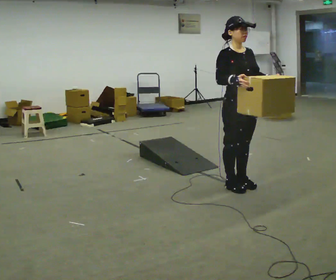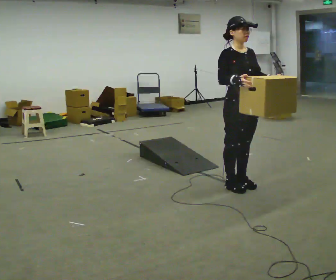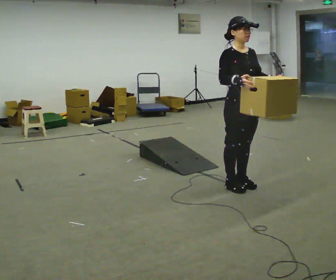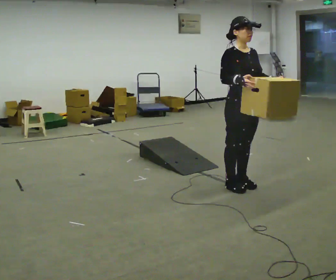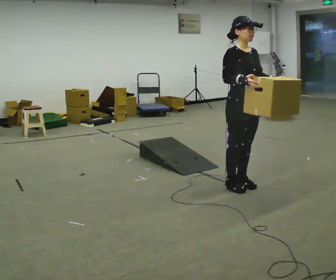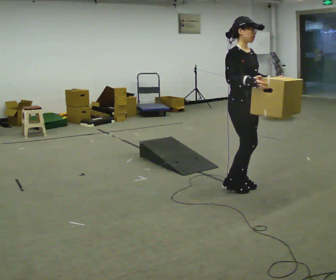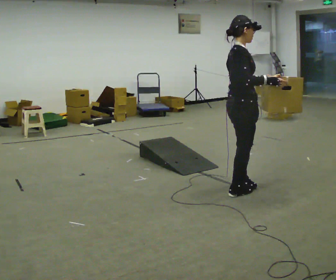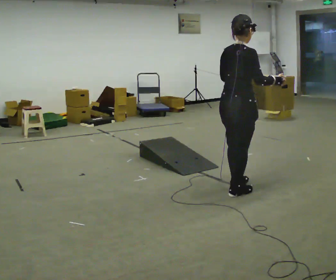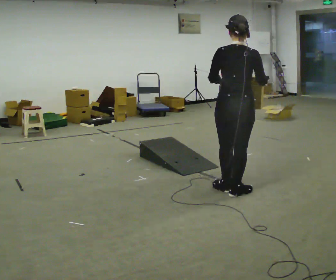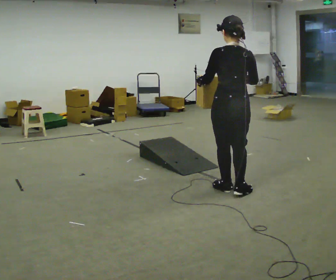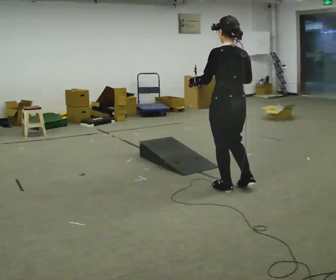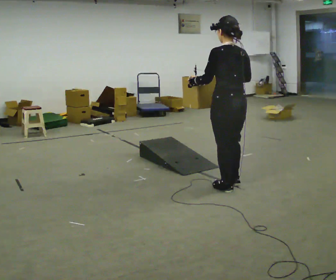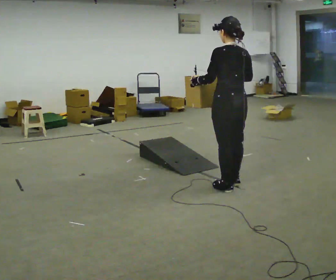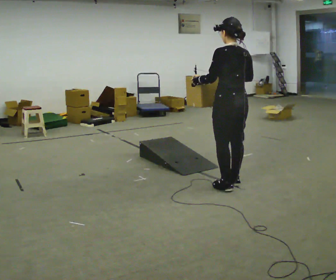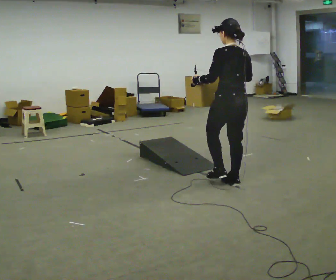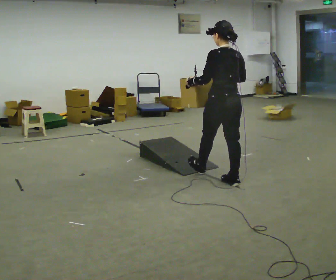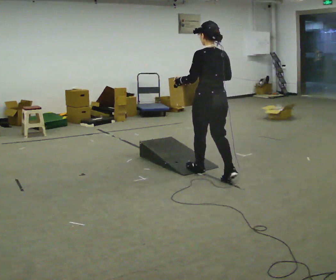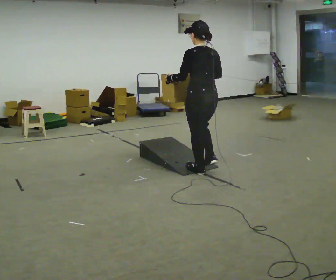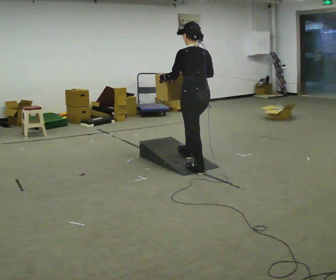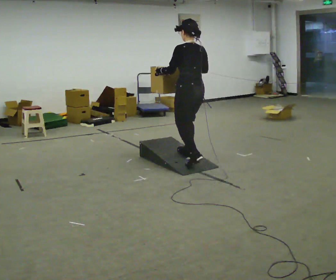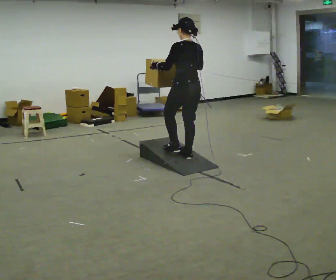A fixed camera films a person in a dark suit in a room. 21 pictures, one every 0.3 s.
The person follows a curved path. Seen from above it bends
clockwise.
The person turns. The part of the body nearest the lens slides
to the right.
0.0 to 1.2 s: The person moves a little, or ends about where they began.
1.2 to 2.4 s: The part of the body nearest the lens slides to the right as the person turns to their left by about 135 degrees. In the picture they go toward the camera, about 0.25 m in 2 steps.
2.4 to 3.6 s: The part of the body nearest the lens slides to the right as the person turns to their left by about 30 degrees. In the picture they go away from the camera, about 0.25 m in 1 step, which for them is forward.
3.6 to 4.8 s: In the picture they go away from the camera and to the left, about 0.5 m in 1 step, which for them is forward.
4.8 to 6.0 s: In the picture they go away from the camera and to the left, about 0.5 m in 1 step, which for them is forward.
The film runs forward here.
